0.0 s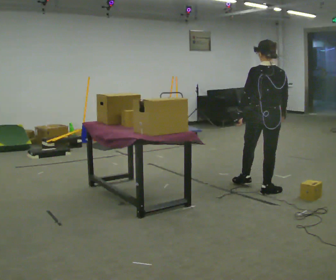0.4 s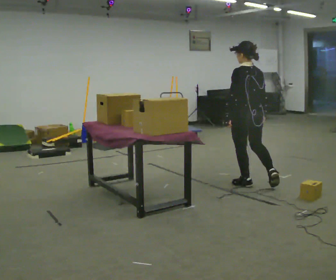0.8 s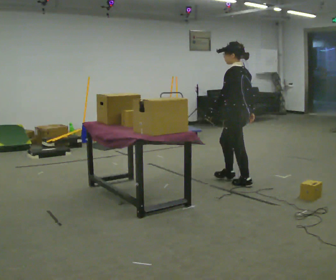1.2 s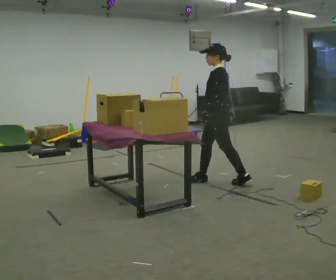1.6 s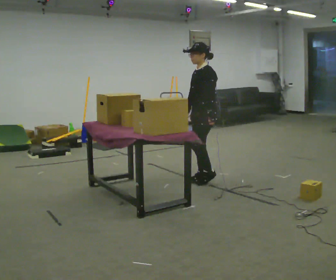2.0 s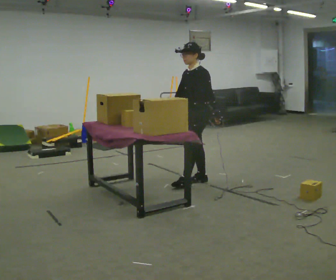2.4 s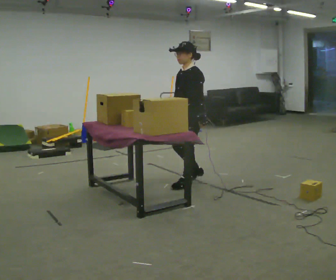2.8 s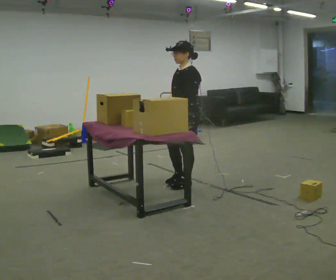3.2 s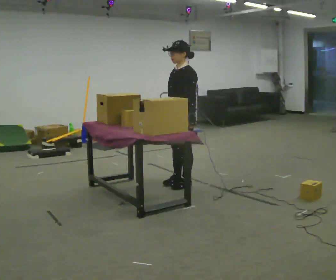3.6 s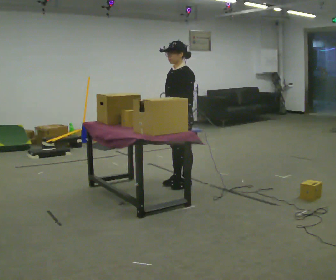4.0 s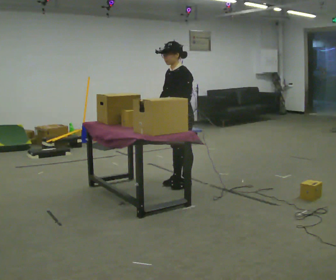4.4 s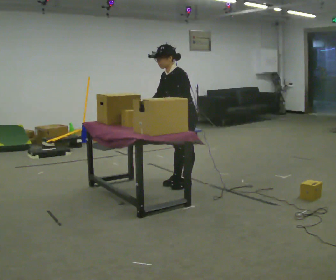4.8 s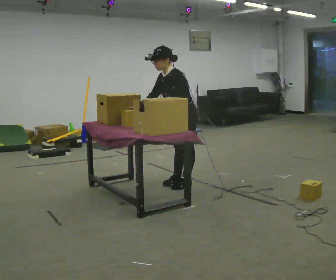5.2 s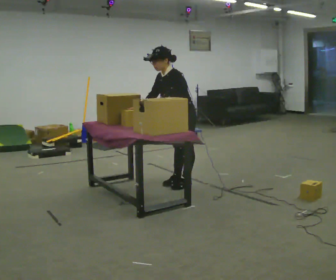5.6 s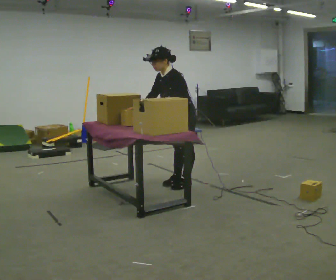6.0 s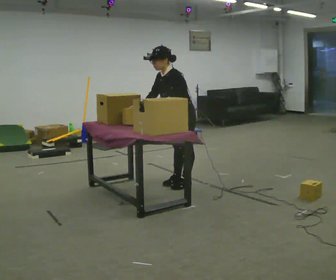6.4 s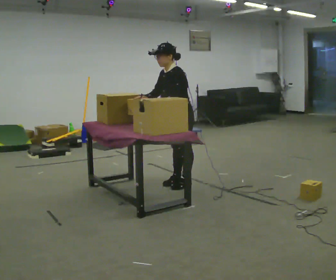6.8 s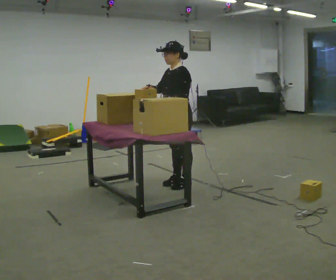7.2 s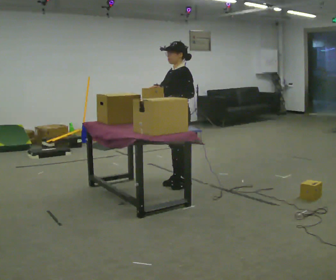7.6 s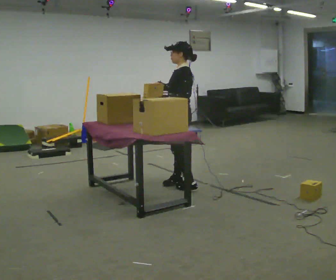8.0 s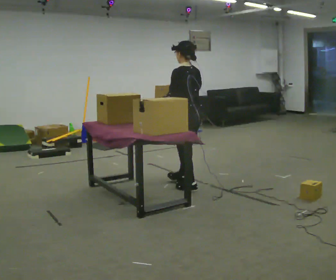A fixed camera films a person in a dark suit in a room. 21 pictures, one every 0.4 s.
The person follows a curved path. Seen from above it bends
counterclockwise.
0.0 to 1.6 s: Seen from above the body turns counterclockwise, about 120 degrees: to their left, with its near side sliding to the right. In the picture they go to the left and away from the camera, about 0.5 m in 1 step.
1.6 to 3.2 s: In the picture they go to the left, about 0.25 m in 2 steps, which for them is forward.
3.2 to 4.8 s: In the picture the upper body tilts counterclockwise, shoulders to the left, as they bend forward.
4.8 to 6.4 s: The person moves a little, or ends about where they began.
6.4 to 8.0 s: The person turns about 75 degrees to their right, clockwise seen from above, so the part of the body nearest the lens slides to the left. In the picture their right hand goes to the right.
The film runs forward here.
